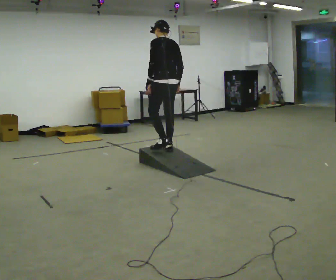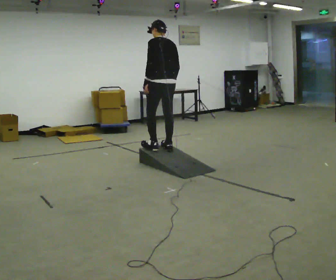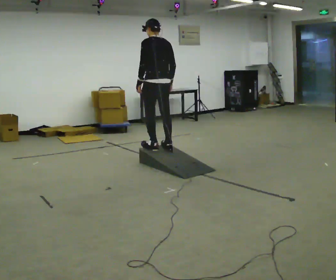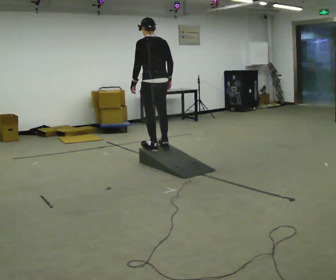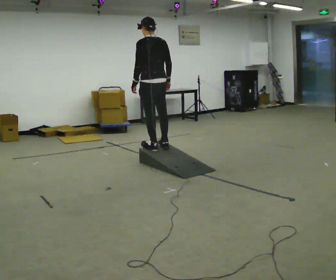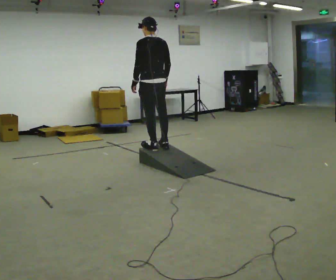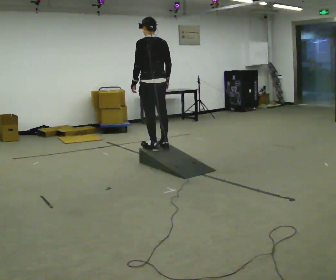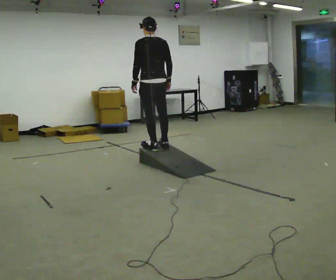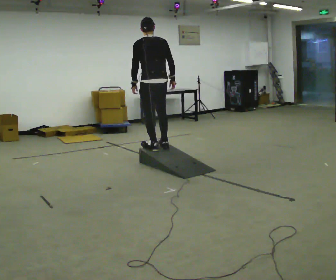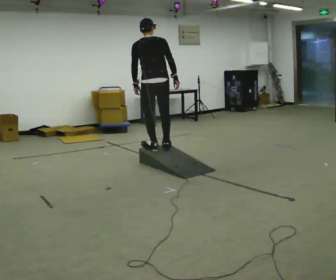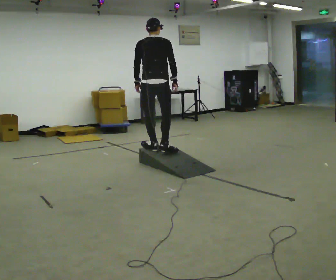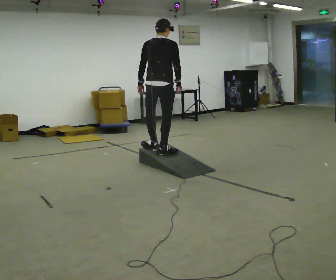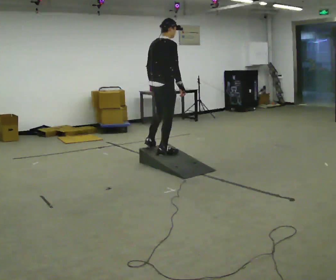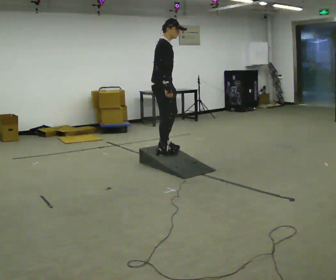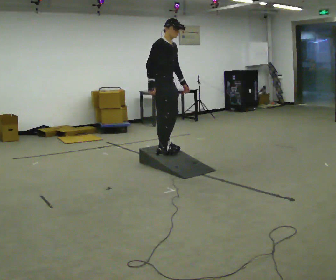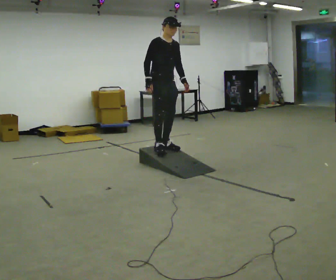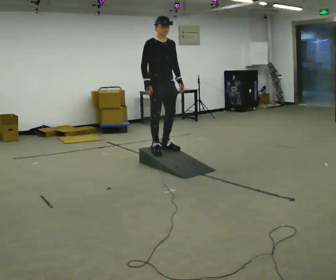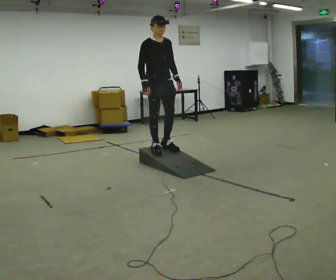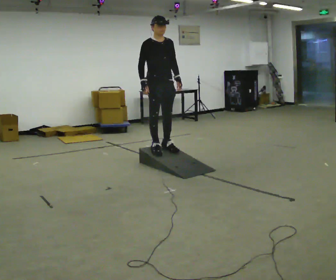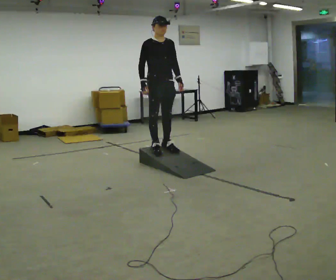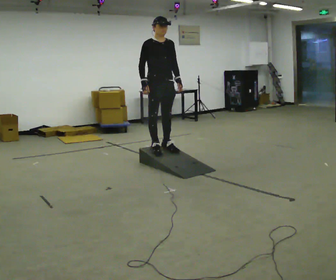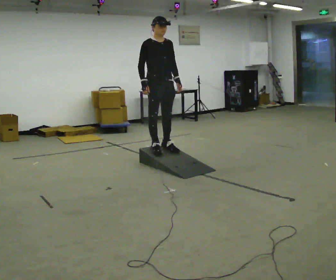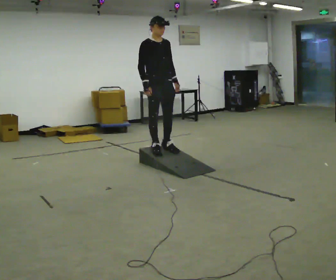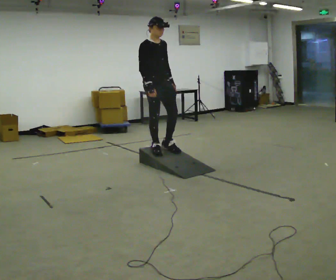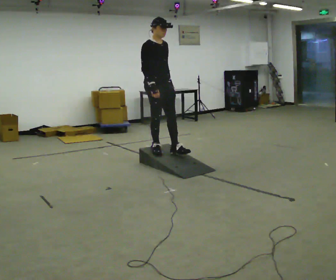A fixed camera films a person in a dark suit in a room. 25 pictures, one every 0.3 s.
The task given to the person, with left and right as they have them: Walk up the ramp, turn at the top, and walk back down at a comfortable speed.
0.0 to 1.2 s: In the picture they go to the left, about 0.25 m in 1 step, which for them is forward.
1.2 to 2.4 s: The person moves a little, or ends about where they began.
2.4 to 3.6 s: Seen from above the body turns clockwise, about 75 degrees: to their right, with its near side sliding to the left. In the picture the upper body tilts clockwise, shoulders to the right. In the picture their left hand goes to the right.
3.6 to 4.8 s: The person turns about 90 degrees to their right, clockwise seen from above, so the part of the body nearest the lens slides to the left. In the picture their left hand goes to the right, the arm swinging counterclockwise.
4.8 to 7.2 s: The person moves a little, or ends about where they began.
The film runs forward here.
